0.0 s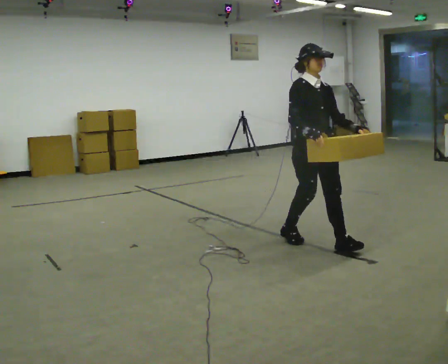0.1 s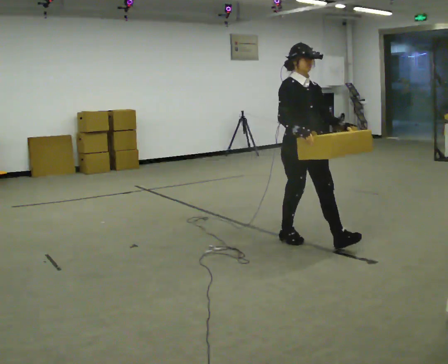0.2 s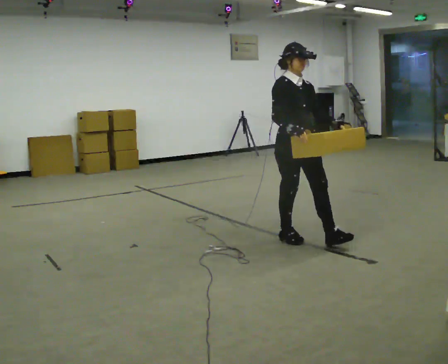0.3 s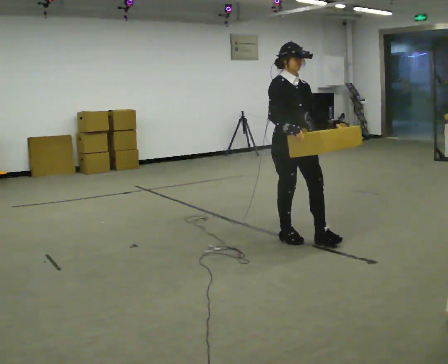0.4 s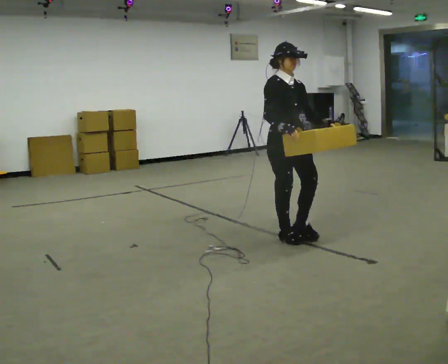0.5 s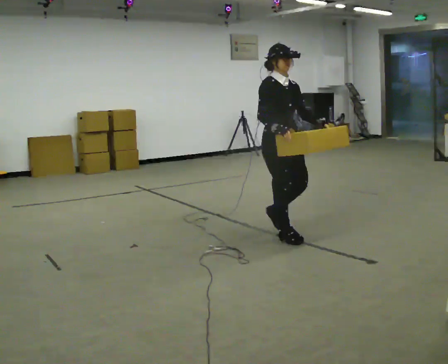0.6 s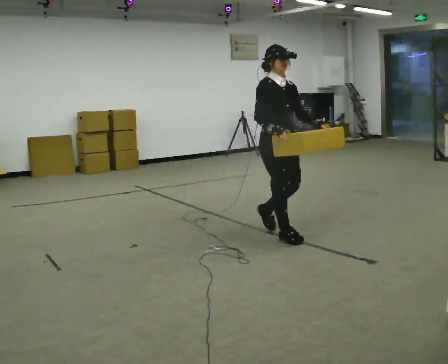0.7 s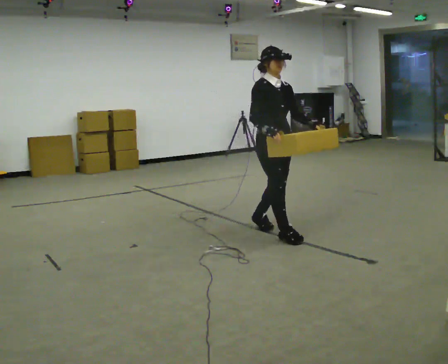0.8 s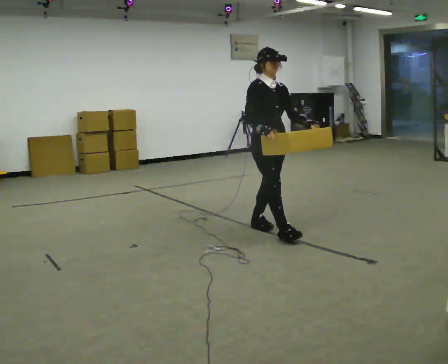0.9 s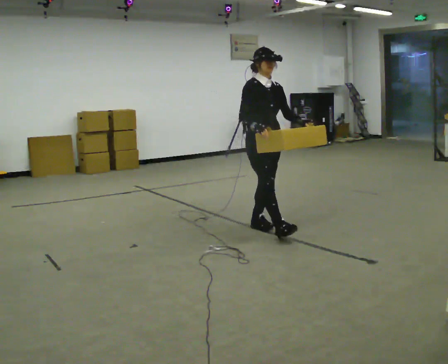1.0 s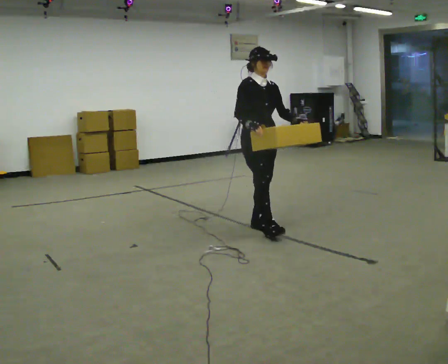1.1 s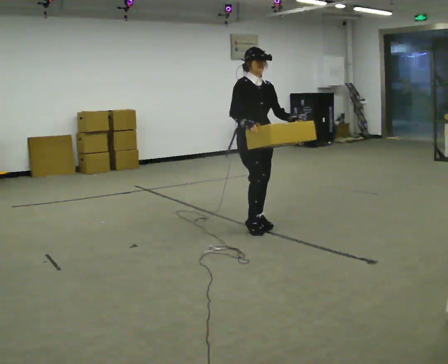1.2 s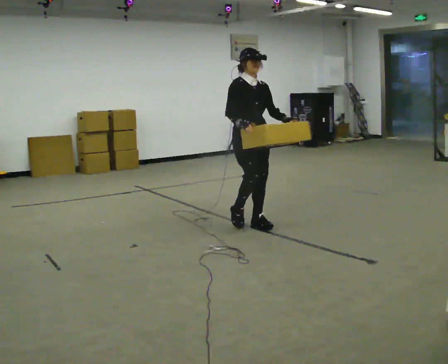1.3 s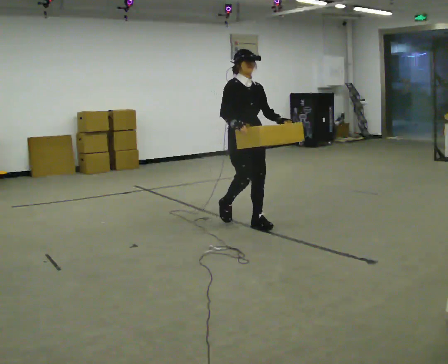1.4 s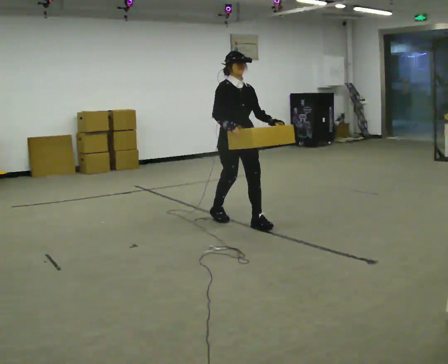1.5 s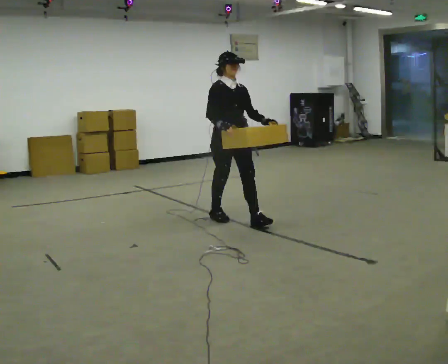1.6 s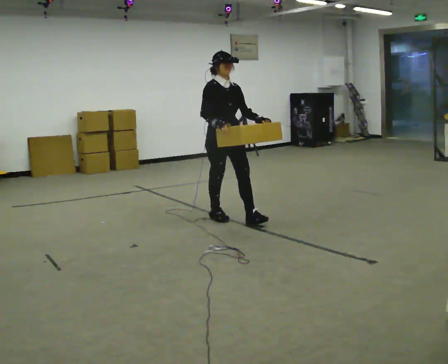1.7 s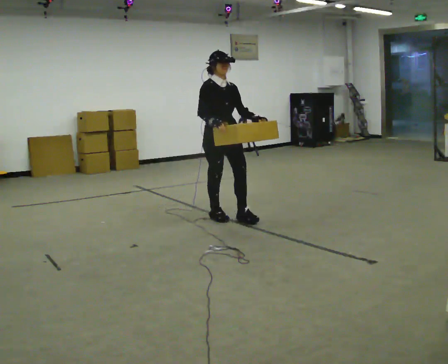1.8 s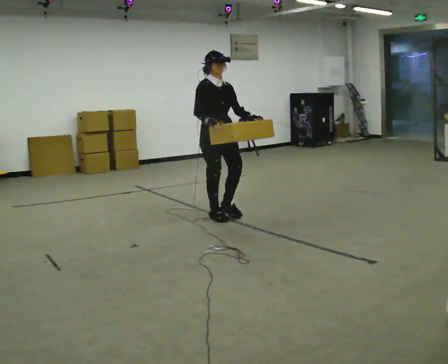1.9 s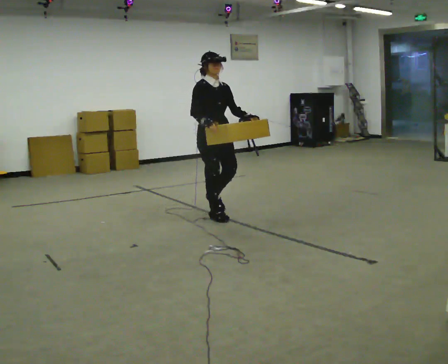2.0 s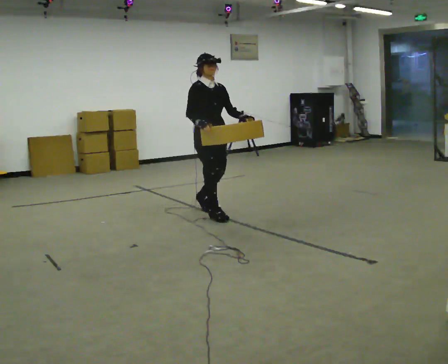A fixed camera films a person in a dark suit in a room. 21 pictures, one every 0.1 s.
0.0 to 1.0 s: In the picture they go away from the camera and to the left, about 0.75 m in 2 steps, which for them is backward.
1.0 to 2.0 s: In the picture they go away from the camera and to the left, about 0.75 m in 1 step, which for them is backward.
The film runs backward here.
